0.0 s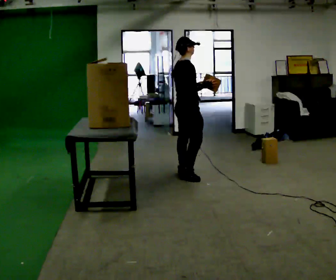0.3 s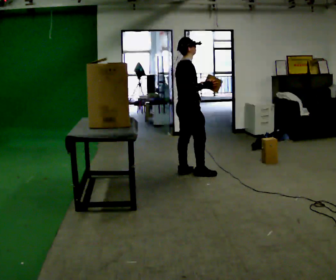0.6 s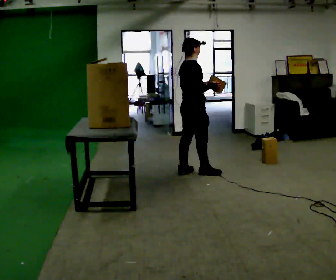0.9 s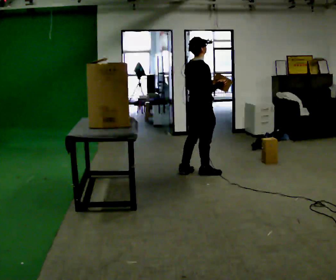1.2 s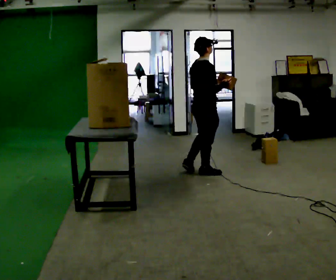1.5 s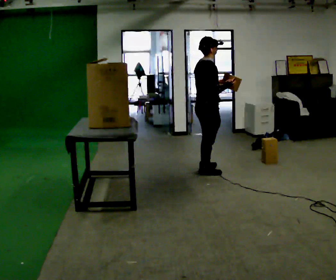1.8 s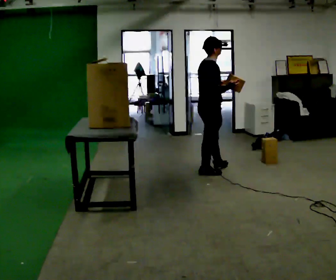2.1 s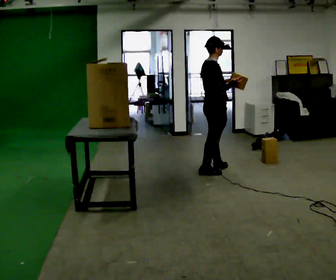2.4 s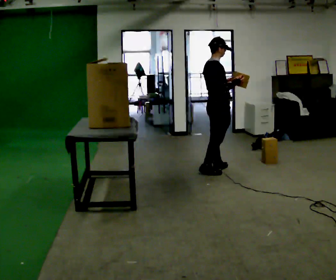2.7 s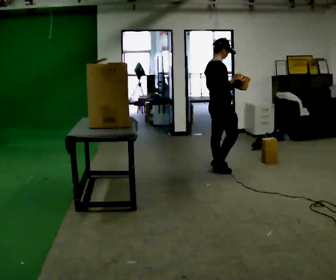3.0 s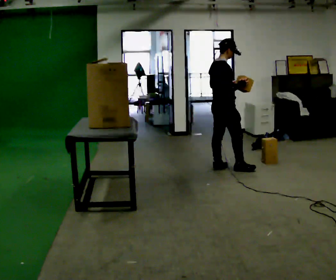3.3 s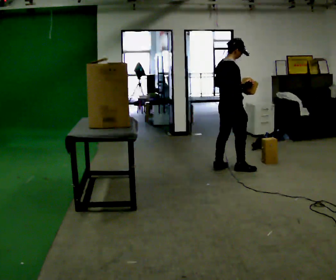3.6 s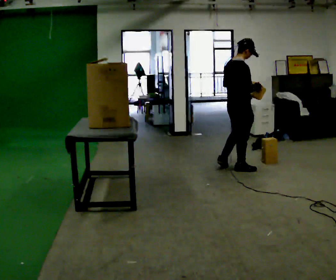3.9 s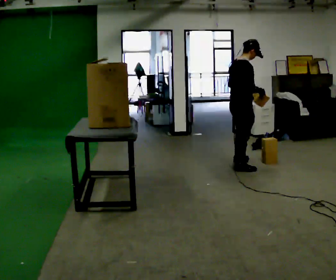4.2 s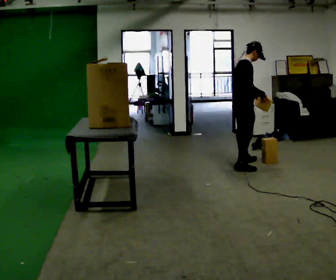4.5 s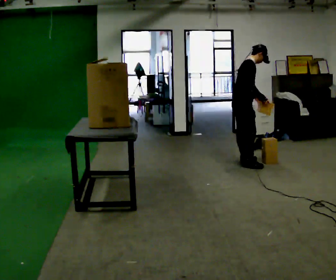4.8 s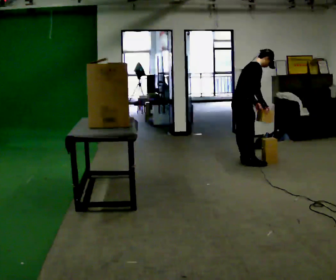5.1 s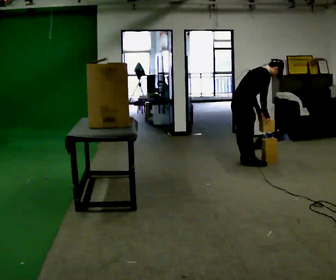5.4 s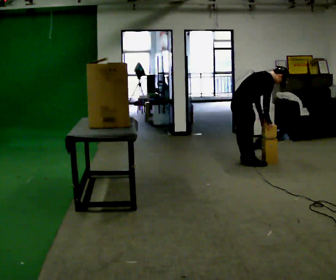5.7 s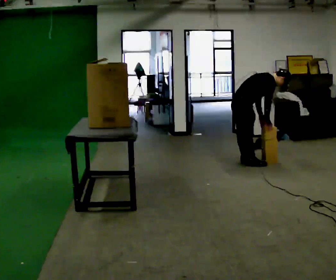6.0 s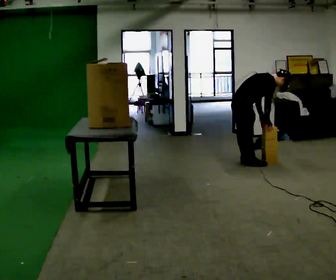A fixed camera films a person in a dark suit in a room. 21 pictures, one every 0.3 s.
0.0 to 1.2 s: In the picture they go to the right, about 0.25 m in 1 step, which for them is forward and to their right.
1.2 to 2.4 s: In the picture they go away from the camera and to the right, about 0.25 m in 1 step, which for them is forward.
2.4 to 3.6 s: In the picture they go to the right, about 0.25 m in 1 step, which for them is forward and to their right.
3.6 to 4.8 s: In the picture they go away from the camera, about 0.25 m in 2 steps, which for them is to their left. In the picture the upper body tilts clockwise, shoulders to the right, as they bend forward.
4.8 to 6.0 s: The upper body goes downward. In the picture the upper body tilts clockwise, shoulders to the right, as they bend forward.
The film runs forward here.
